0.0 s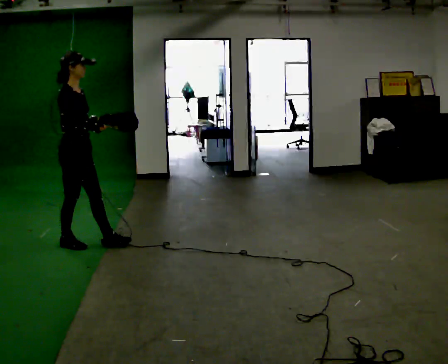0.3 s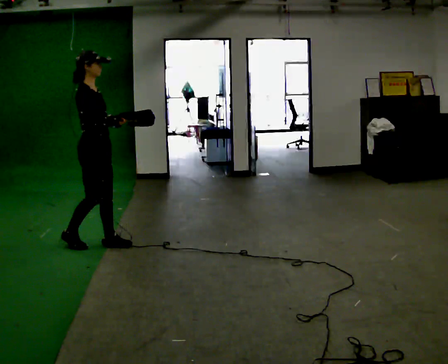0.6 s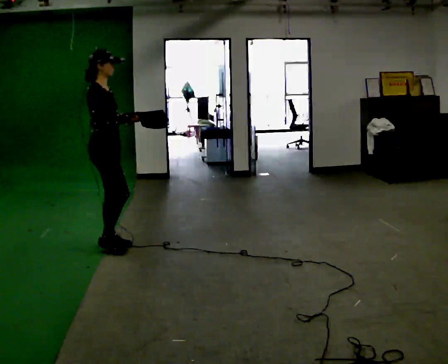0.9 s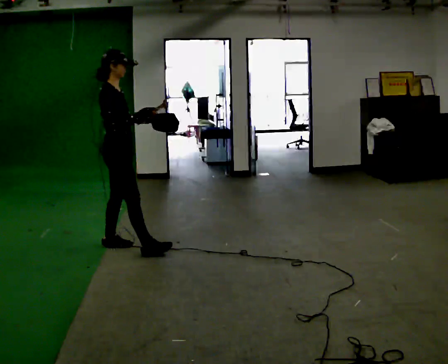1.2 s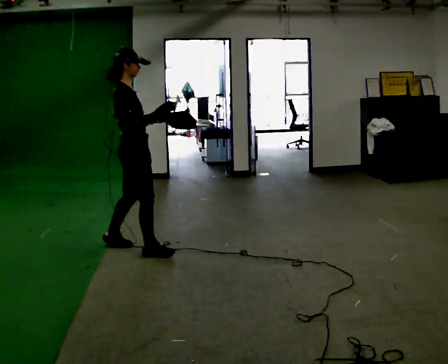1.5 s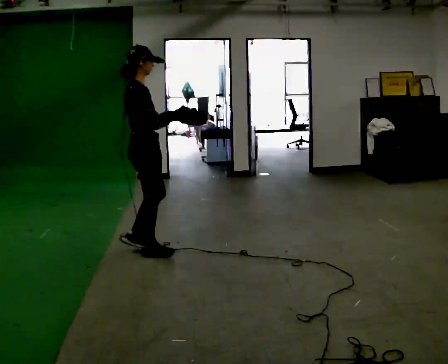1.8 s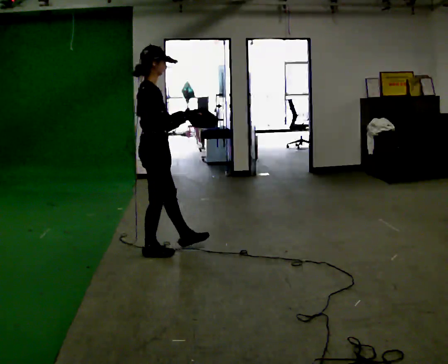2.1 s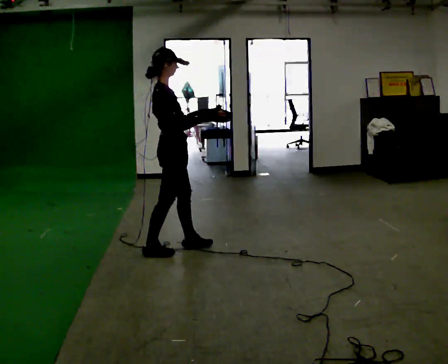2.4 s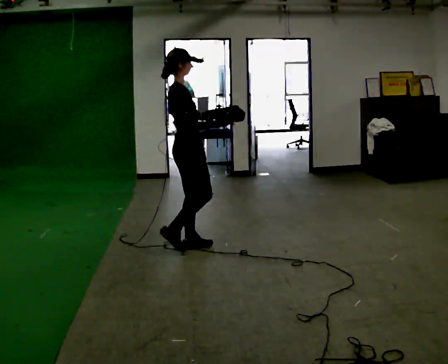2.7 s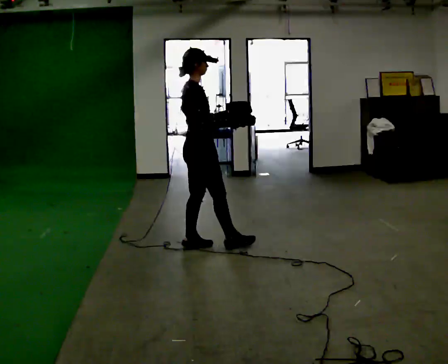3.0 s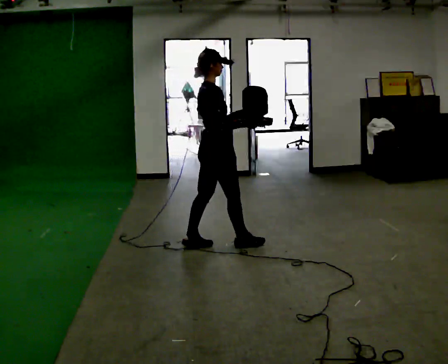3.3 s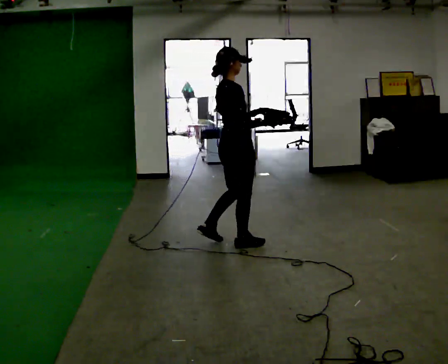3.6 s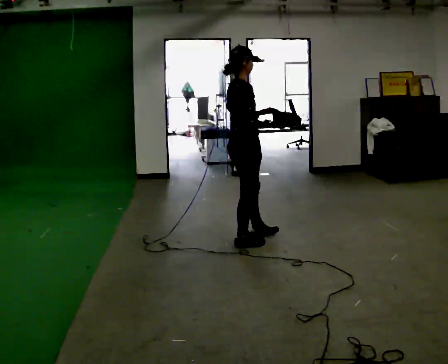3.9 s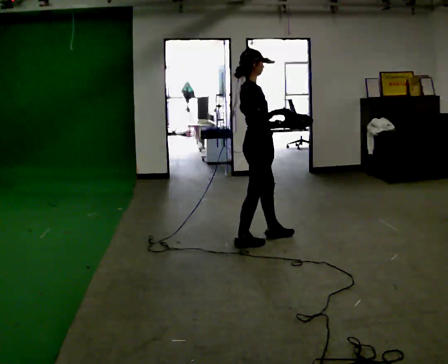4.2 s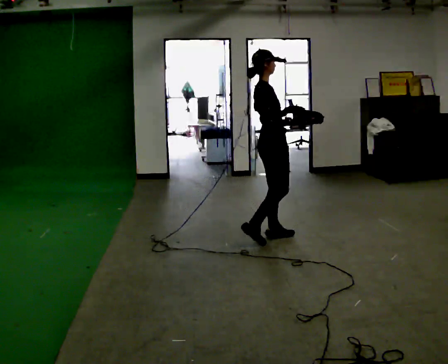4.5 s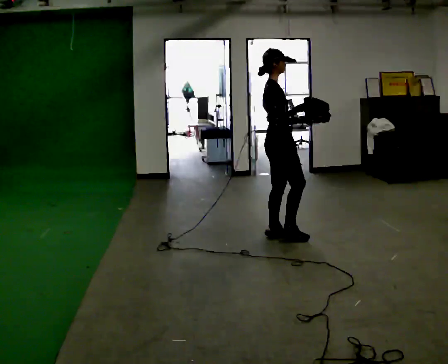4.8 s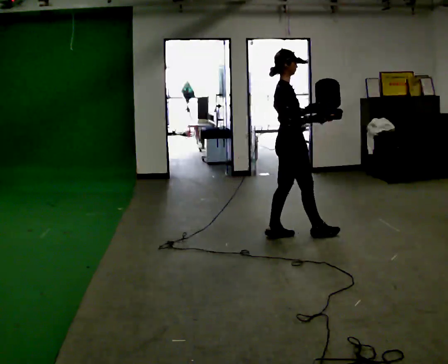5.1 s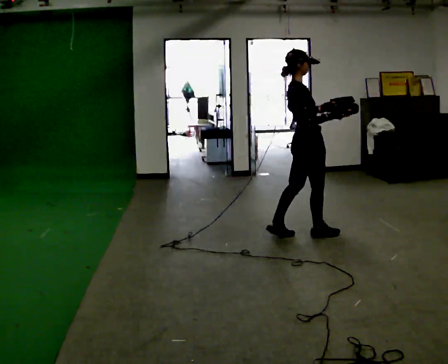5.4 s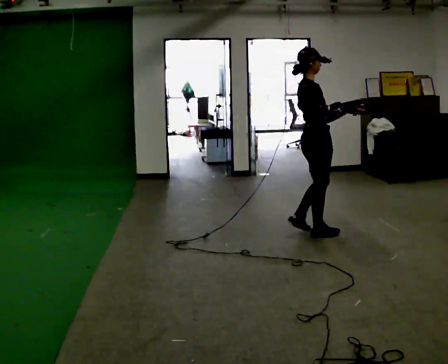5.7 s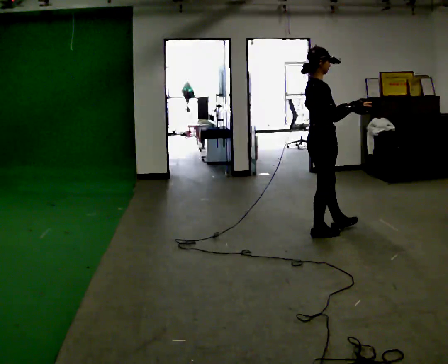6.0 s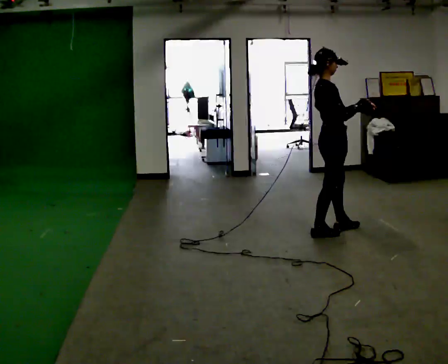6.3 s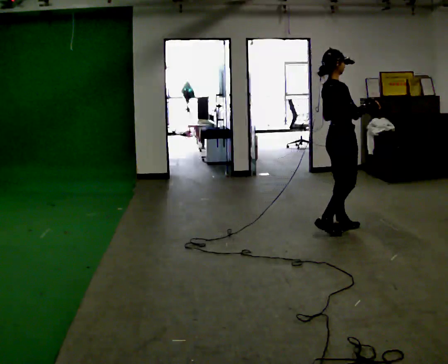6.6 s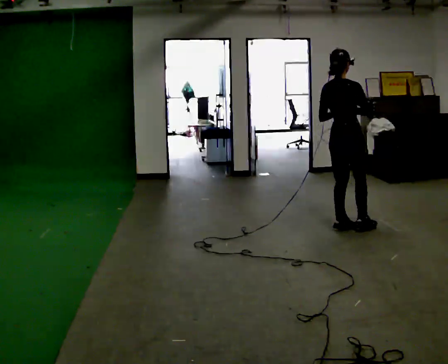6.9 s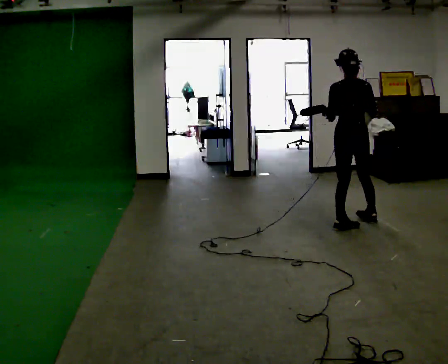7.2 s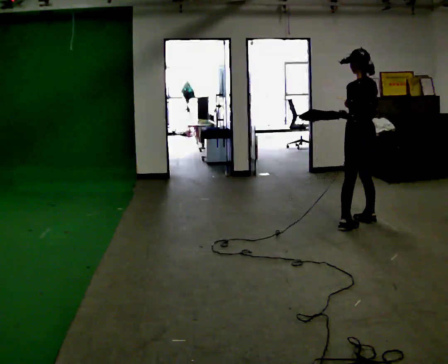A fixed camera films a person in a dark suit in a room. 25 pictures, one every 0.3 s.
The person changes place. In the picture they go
to the right.
0.0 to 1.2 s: In the picture they go to the right, about 0.5 m in 1 step, which for them is forward.
1.2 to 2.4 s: In the picture they go to the right, about 0.5 m in 1 step, which for them is forward.
2.4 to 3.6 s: In the picture they go to the right, about 0.5 m in 1 step, which for them is forward.
3.6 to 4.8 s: In the picture they go to the right and away from the camera, about 0.5 m in 2 steps, which for them is forward and to their left.
4.8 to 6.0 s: In the picture they go to the right, about 0.5 m in 1 step, which for them is forward.
6.0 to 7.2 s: The person turns about 120 degrees to their left, counterclockwise seen from above, so the part of the body nearest the lens slides to the right. In the picture they go to the right and away from the camera, about 0.25 m in 1 step.
The film runs forward here.
